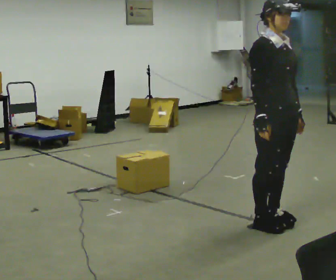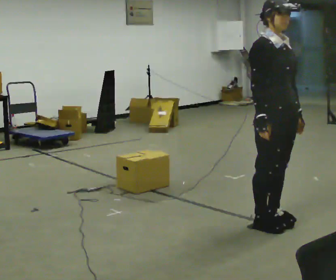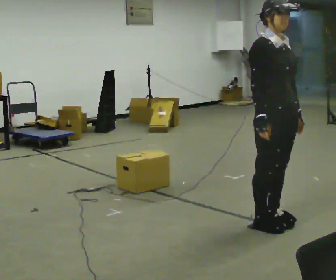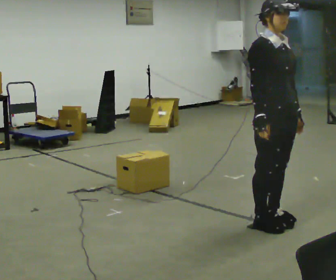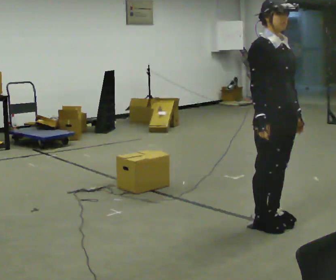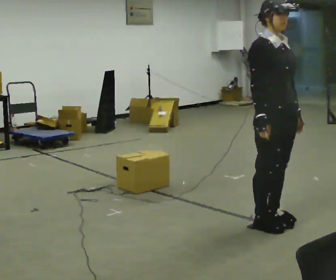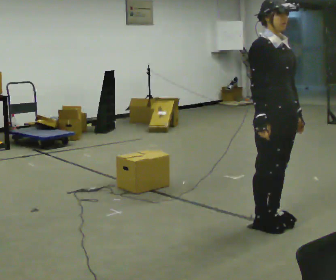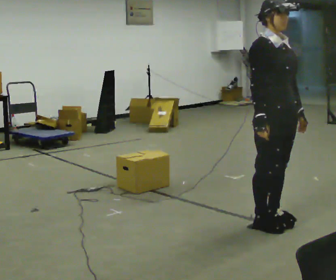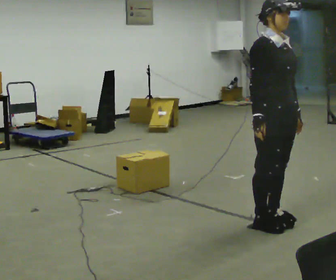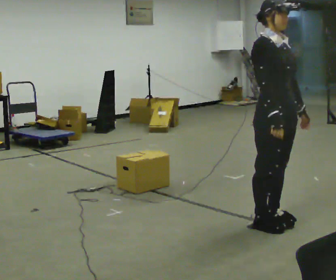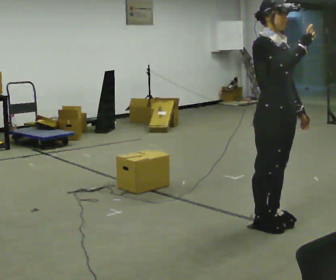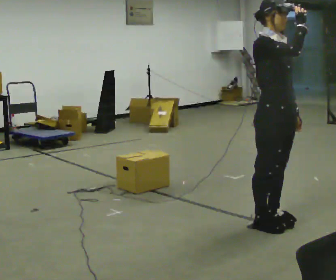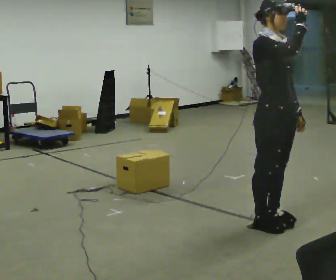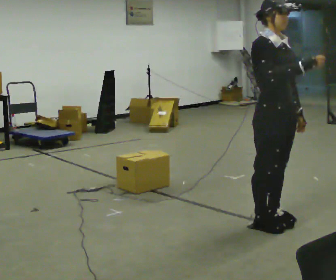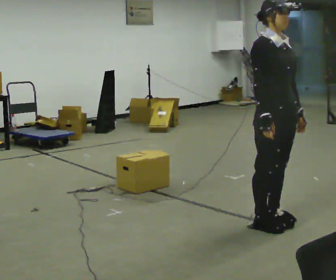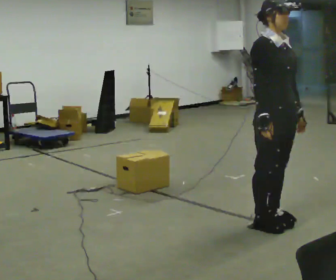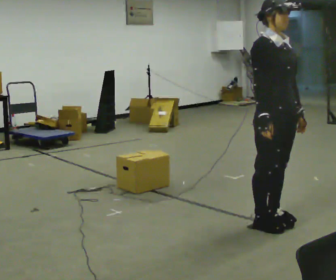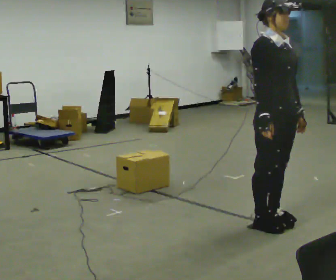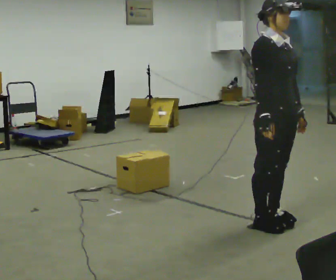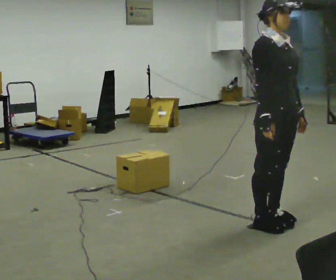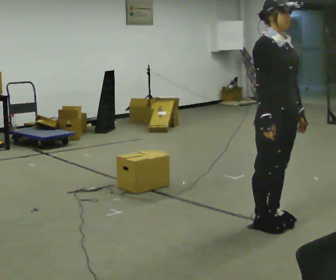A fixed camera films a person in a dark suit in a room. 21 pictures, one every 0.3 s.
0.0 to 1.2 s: The person keeps their place and pose.
1.2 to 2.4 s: The person moves a little, or ends about where they began.
2.4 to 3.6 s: In the picture their right hand goes upward.
3.6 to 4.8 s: In the picture their right hand goes downward.
4.8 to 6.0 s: The person keeps their place and pose.
The film runs backward here.
